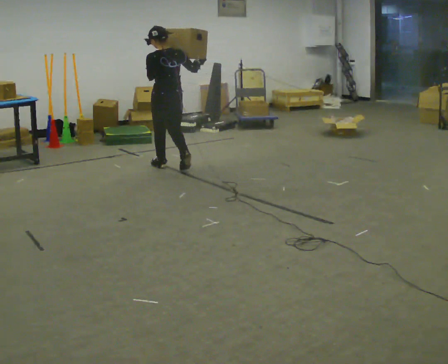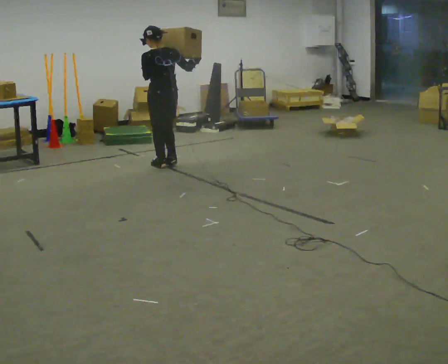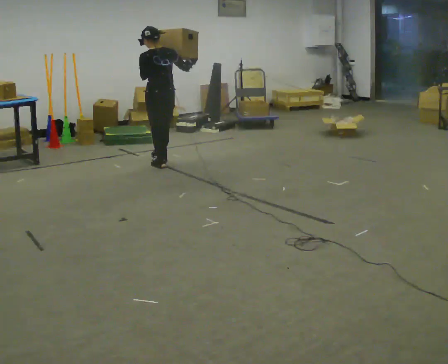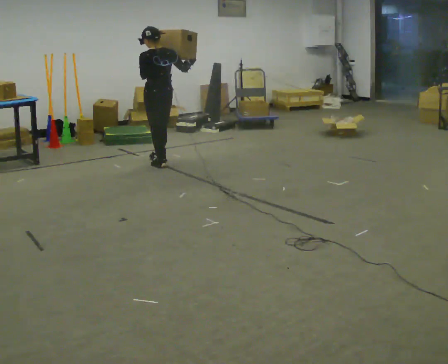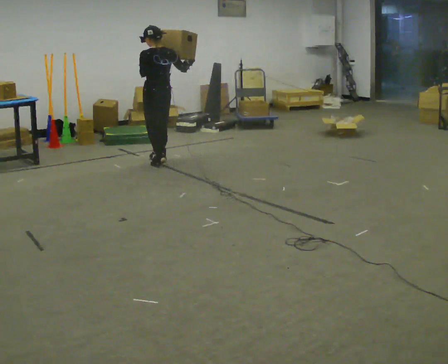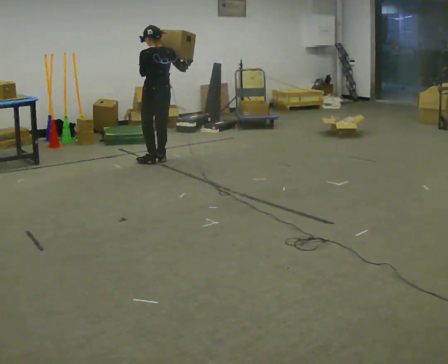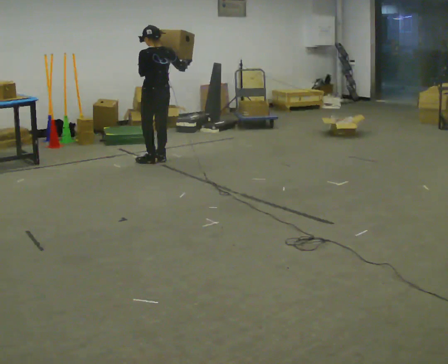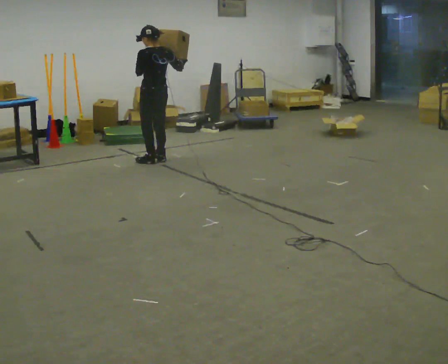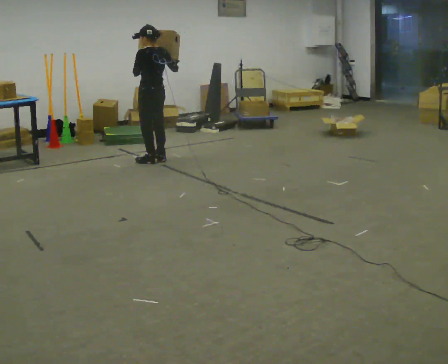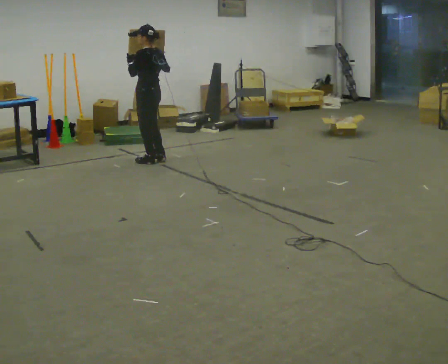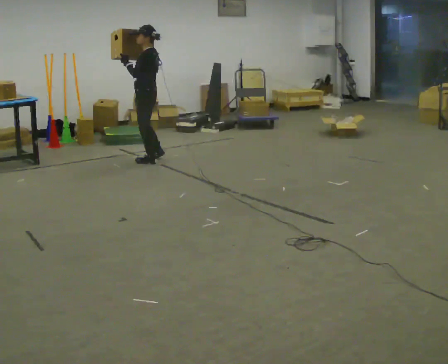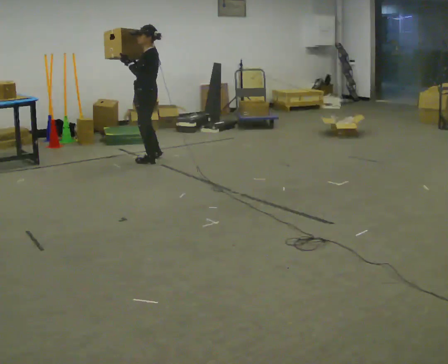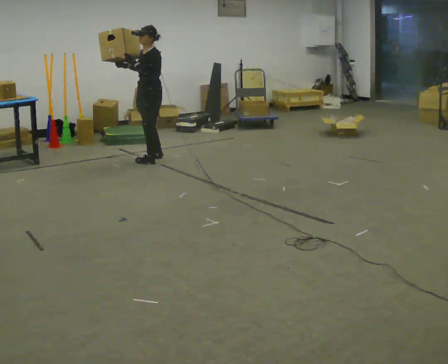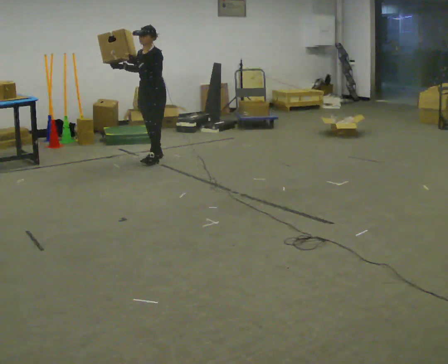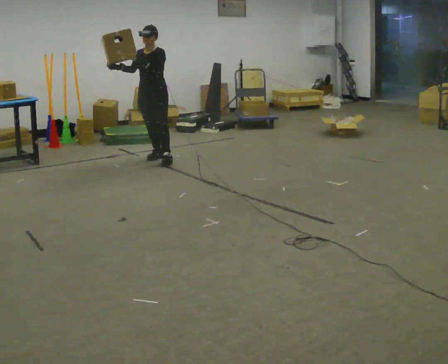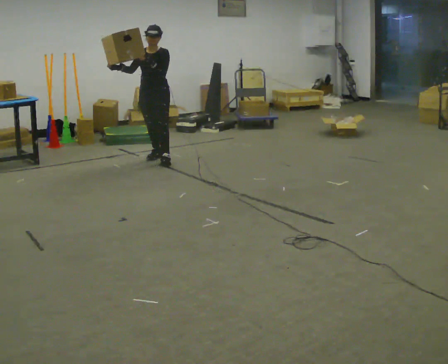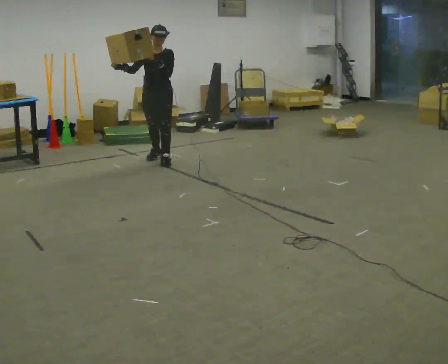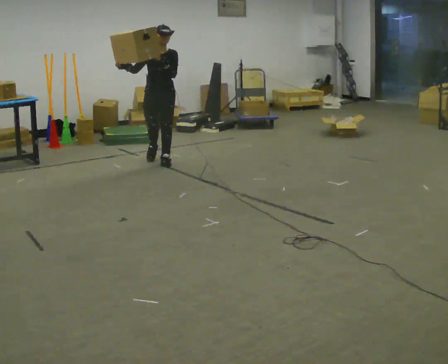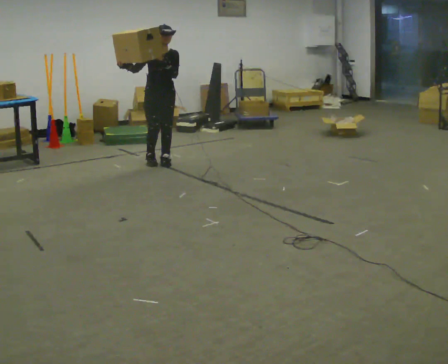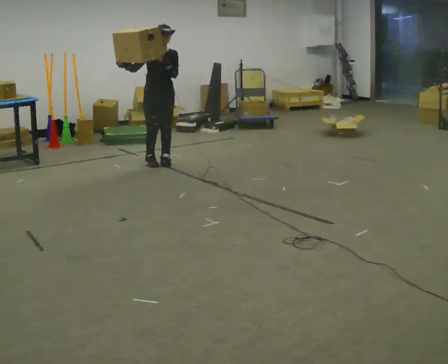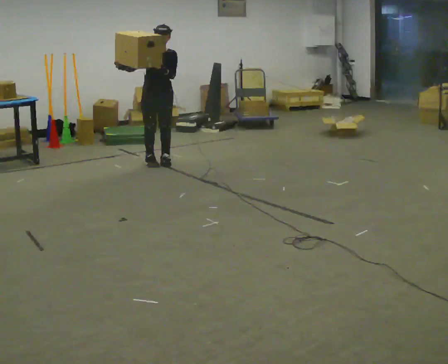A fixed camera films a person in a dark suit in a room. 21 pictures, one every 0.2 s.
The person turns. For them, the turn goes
to their left.
The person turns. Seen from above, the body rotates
counterclockwise.
0.0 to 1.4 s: In the picture they go away from the camera, about 0.5 m in 2 steps, which for them is forward.
1.4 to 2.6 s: The person turns about 105 degrees to their left, counterclockwise seen from above, so the part of the body nearest the lens slides to the right. In the picture their right hand goes to the left.
2.6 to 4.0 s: The person turns about 45 degrees to their left, counterclockwise seen from above, so the part of the body nearest the lens slides to the right. In the picture they go toward the camera, about 0.25 m in 1 step, which for them is forward.
The film runs forward here.
